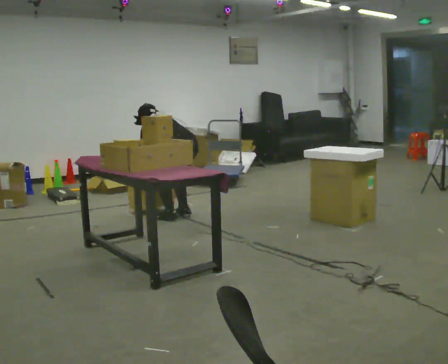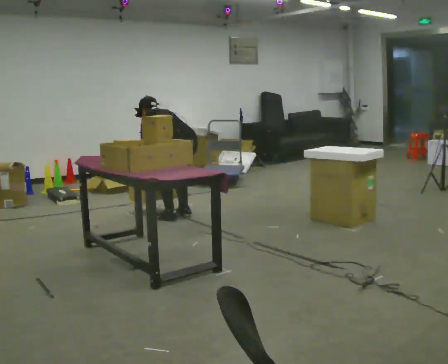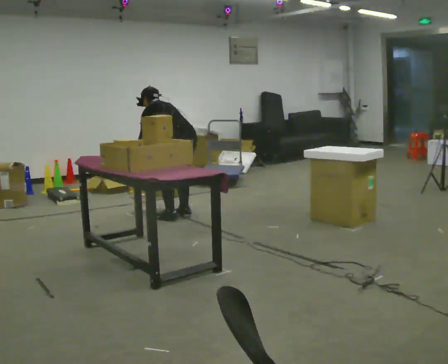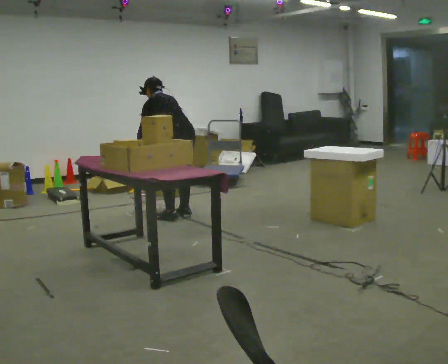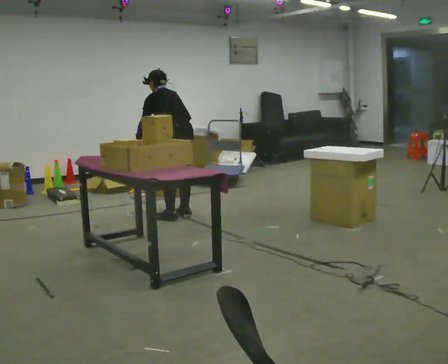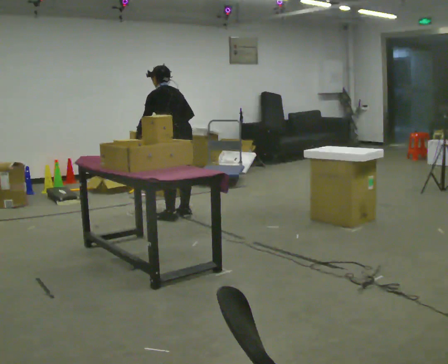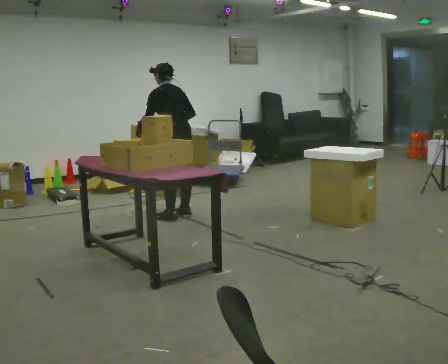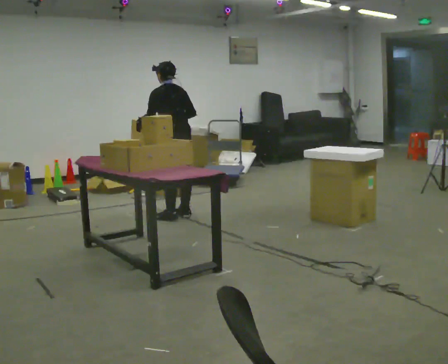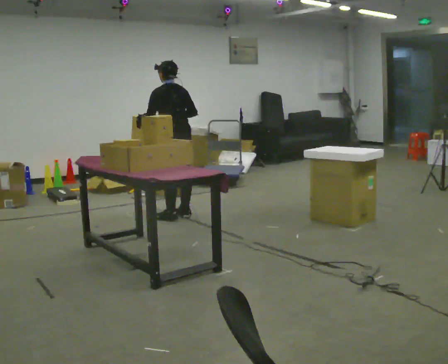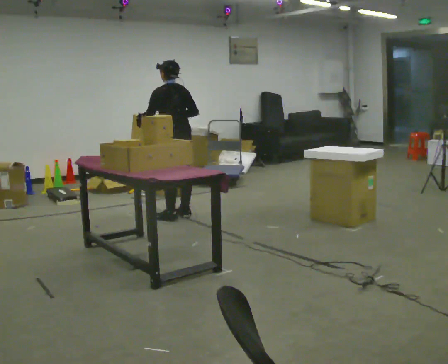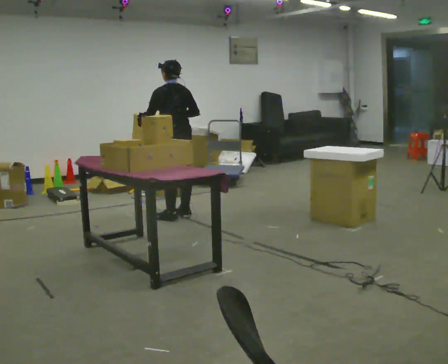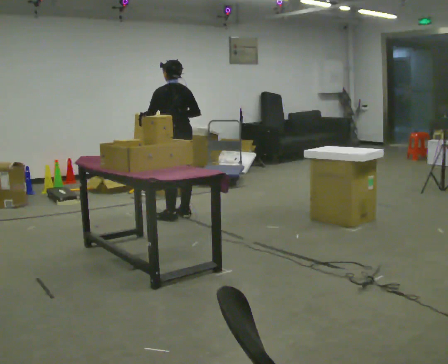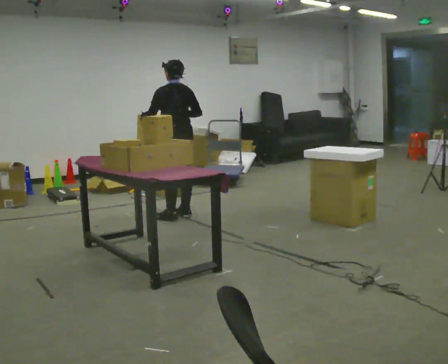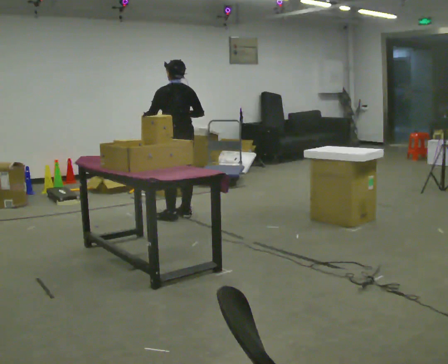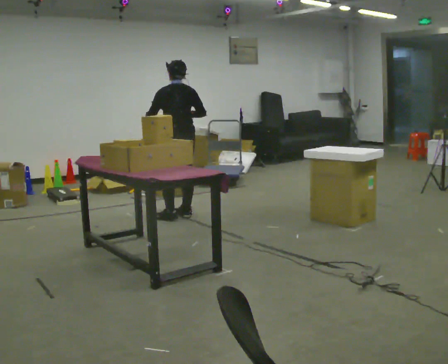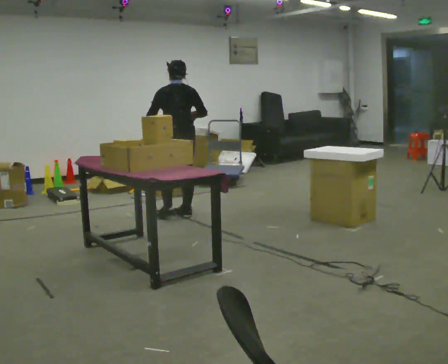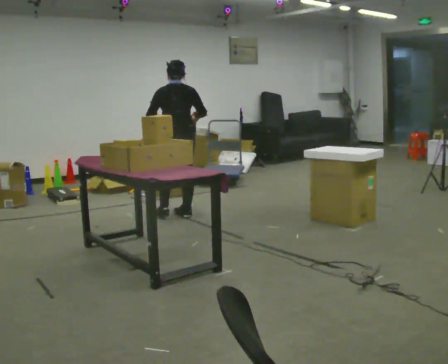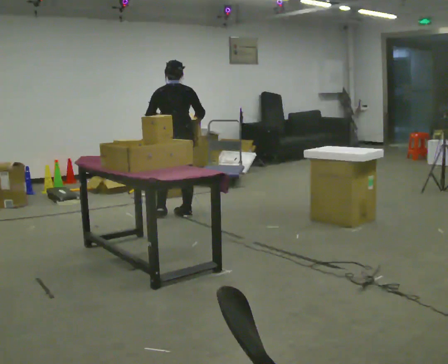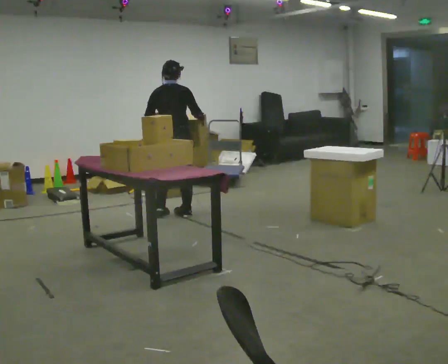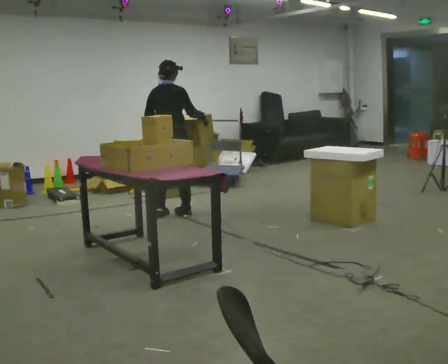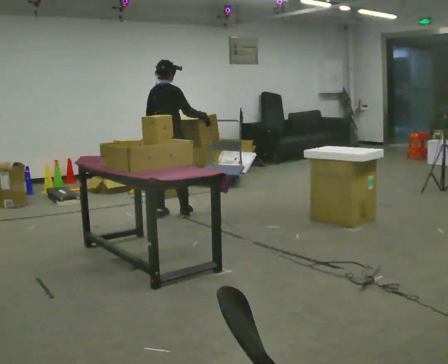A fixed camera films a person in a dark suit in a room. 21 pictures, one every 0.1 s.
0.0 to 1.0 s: The shoulders move upward. The upper body tips toward the camera, its near side rolling downward, as they lean back or straighten. In the picture their left hand goes upward.
1.0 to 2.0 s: The person turns about 75 degrees to their right, clockwise seen from above, so the part of the body nearest the lens slides to the left. In the picture their left hand goes to the right.
The film runs forward here.
